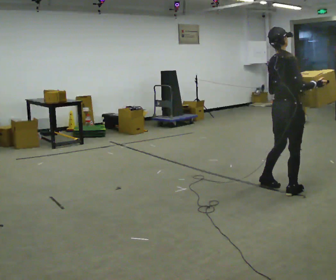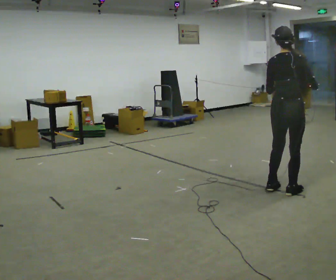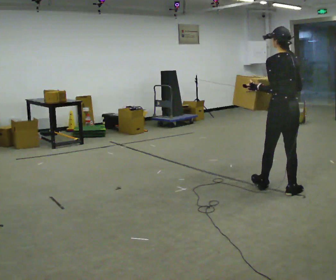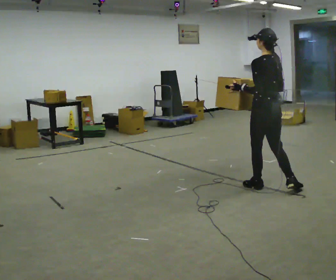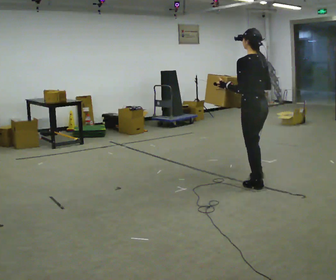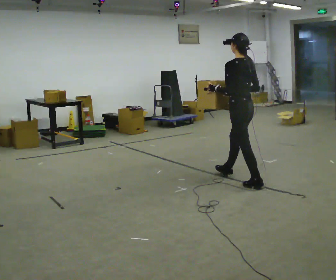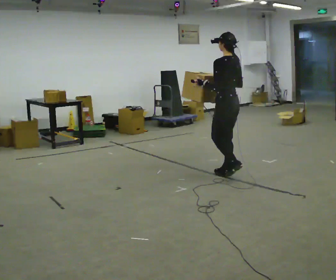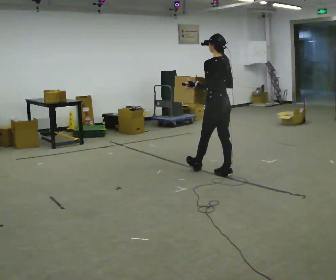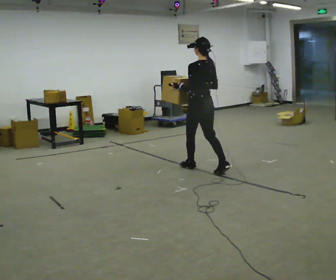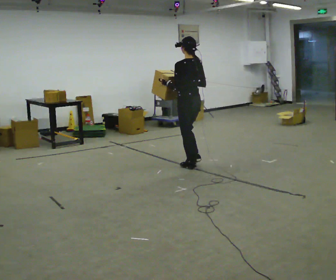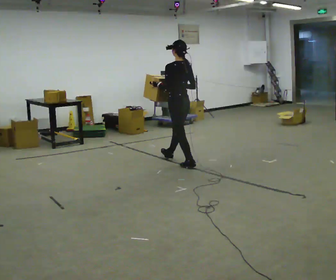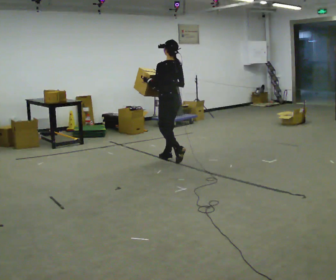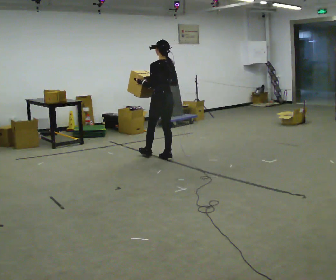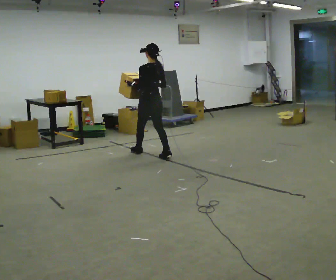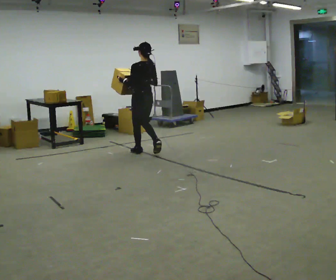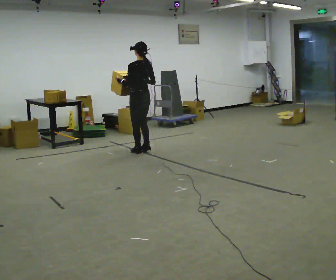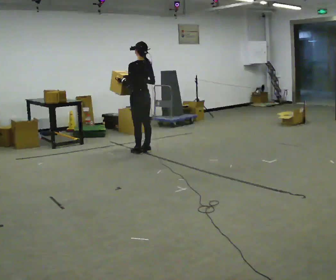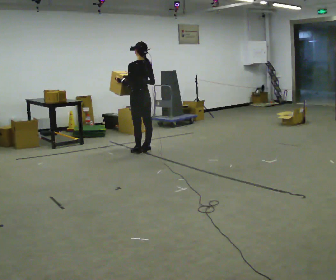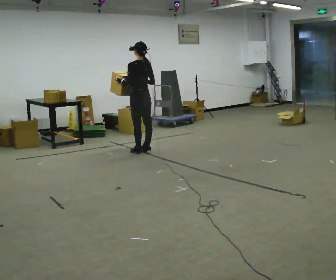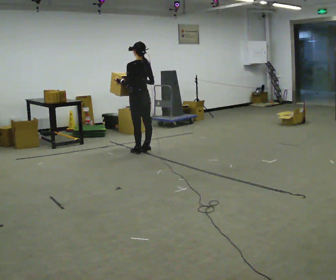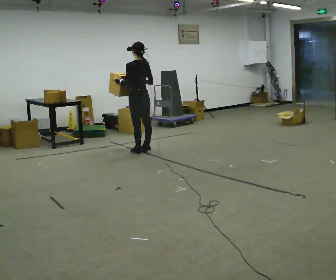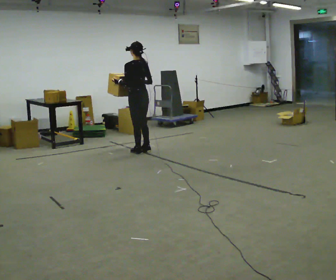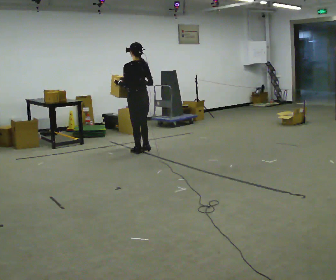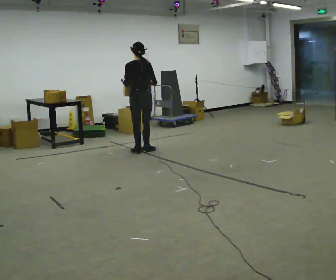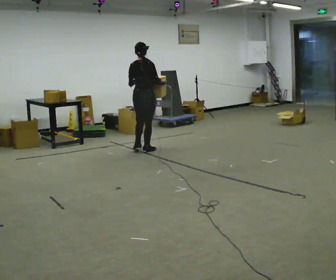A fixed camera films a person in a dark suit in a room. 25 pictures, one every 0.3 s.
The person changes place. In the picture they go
away from the camera.
0.0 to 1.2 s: The person turns about 105 degrees to their left, counterclockwise seen from above, so the part of the body nearest the lens slides to the right. In the picture they go away from the camera and to the left, about 0.25 m in 2 steps.
1.2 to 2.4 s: In the picture they go away from the camera and to the left, about 1 m in 2 steps, which for them is forward.
2.4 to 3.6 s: In the picture they go away from the camera and to the left, about 1 m in 1 step, which for them is forward.
3.6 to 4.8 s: In the picture they go away from the camera and to the left, about 0.5 m in 2 steps, which for them is forward.
4.8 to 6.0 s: The person moves a little, or ends about where they began.
6.0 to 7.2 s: The part of the body nearest the lens slides to the left as the person turns to their right by about 60 degrees.
The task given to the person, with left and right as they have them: Carry the heavy box in both hands in front of you, walking back and forth across the room. Keep walking until the operator says stop. Set it down if you need a rest.
The film runs forward here.
